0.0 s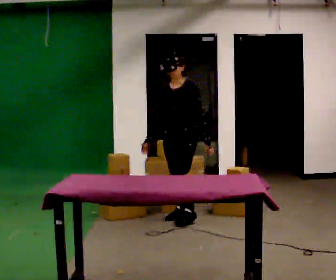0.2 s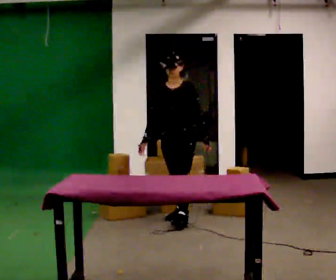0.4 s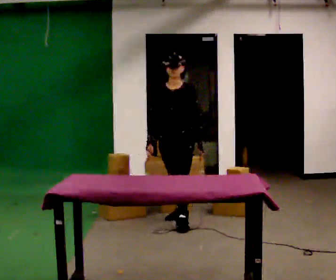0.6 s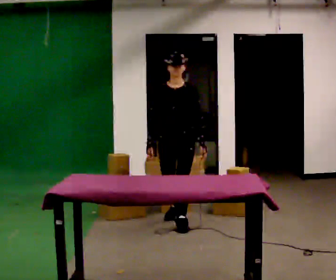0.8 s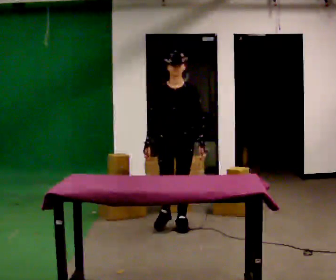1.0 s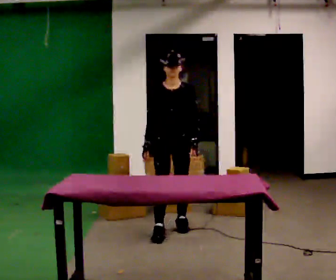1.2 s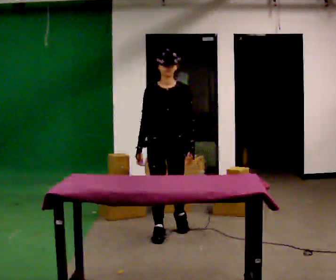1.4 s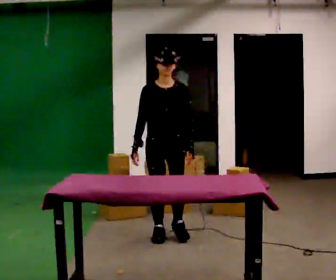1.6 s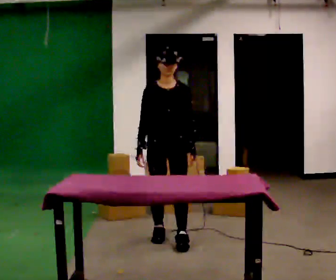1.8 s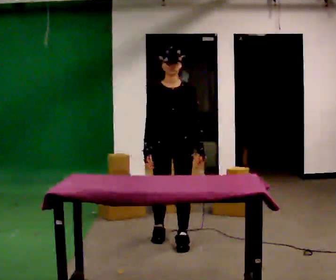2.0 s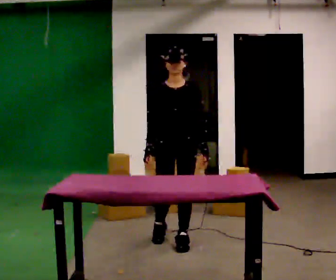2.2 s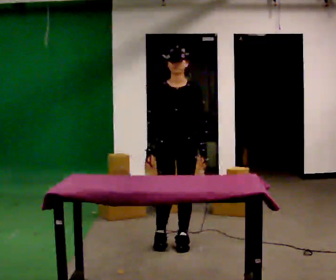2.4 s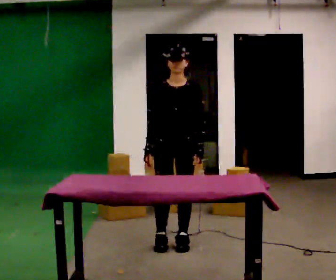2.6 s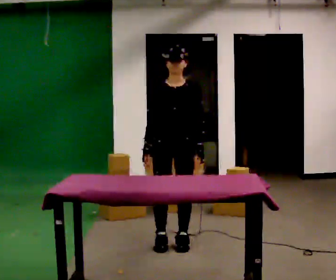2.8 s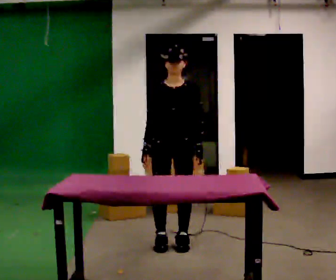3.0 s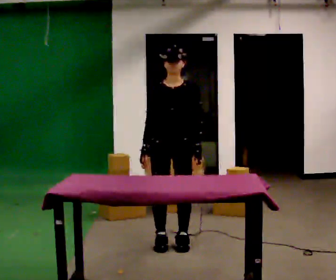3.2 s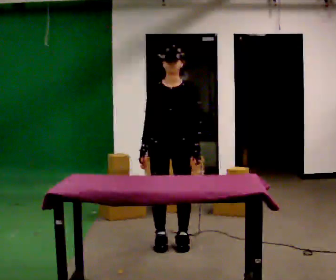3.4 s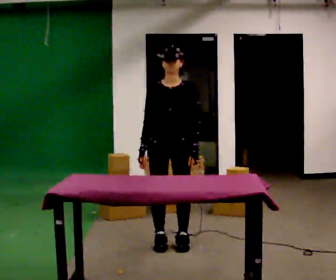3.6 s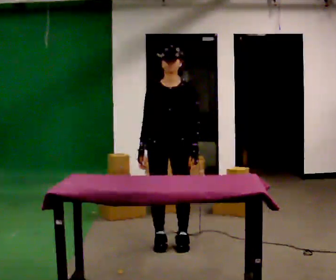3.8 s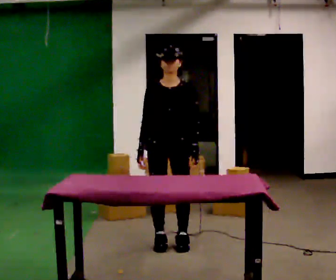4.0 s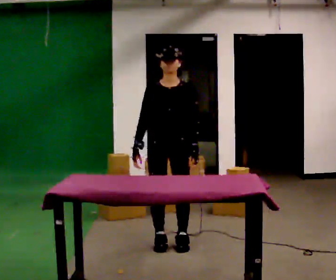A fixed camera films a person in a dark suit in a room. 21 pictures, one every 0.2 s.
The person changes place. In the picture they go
toward the camera.
0.0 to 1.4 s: Seen from above the body turns counterclockwise, about 45 degrees: to their left, with its near side sliding to the right. In the picture they go toward the camera, about 0.75 m in 2 steps, which for them is forward.
1.4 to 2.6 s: In the picture they go toward the camera, about 0.25 m in 2 steps, which for them is forward.
2.6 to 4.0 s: The person moves a little, or ends about where they began.
The film runs forward here.
